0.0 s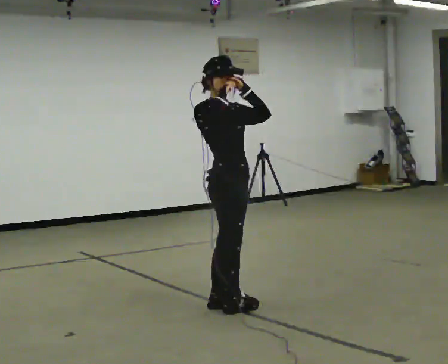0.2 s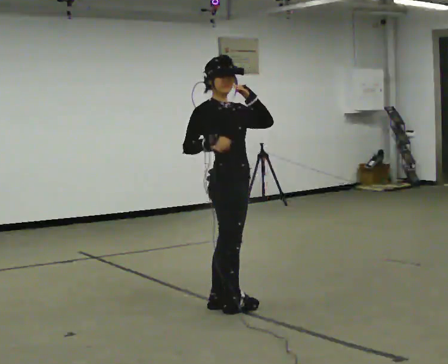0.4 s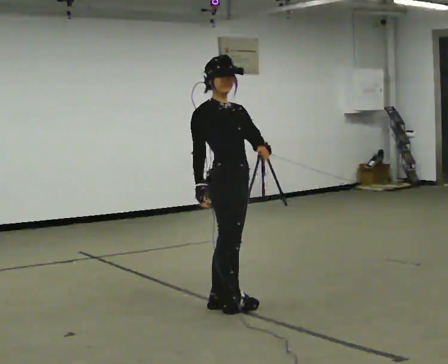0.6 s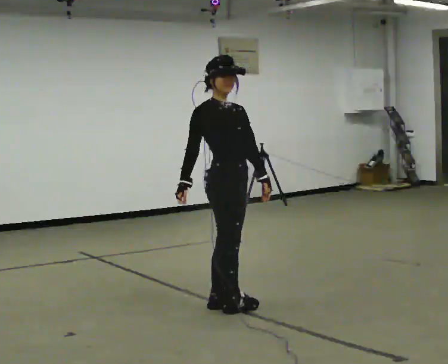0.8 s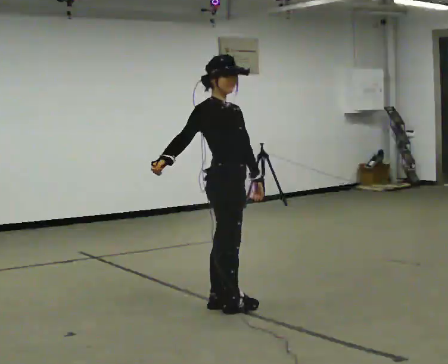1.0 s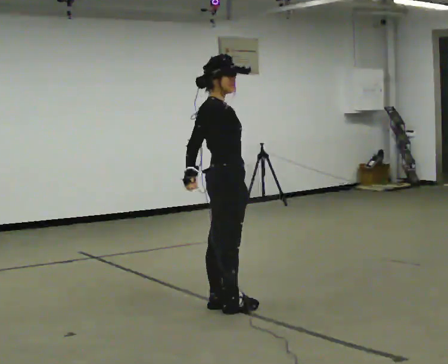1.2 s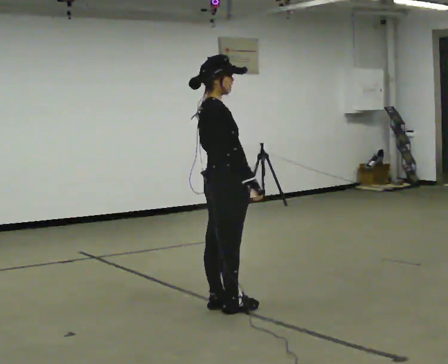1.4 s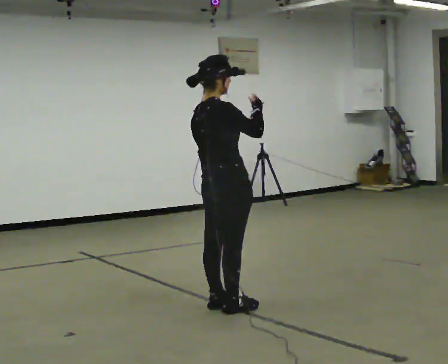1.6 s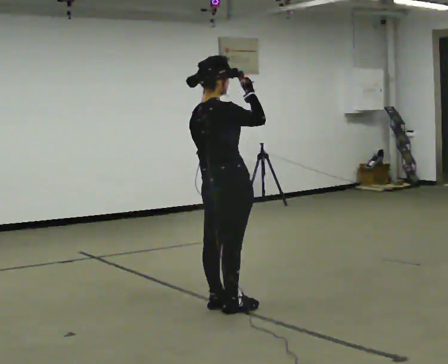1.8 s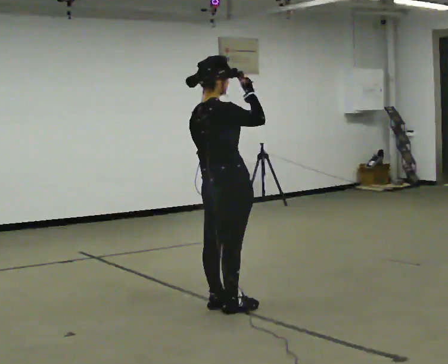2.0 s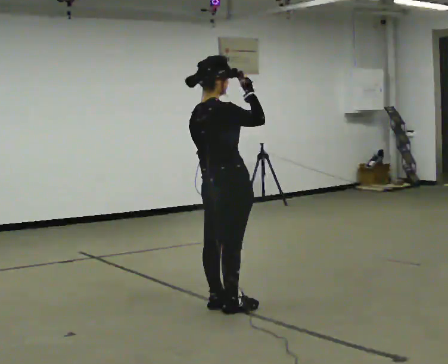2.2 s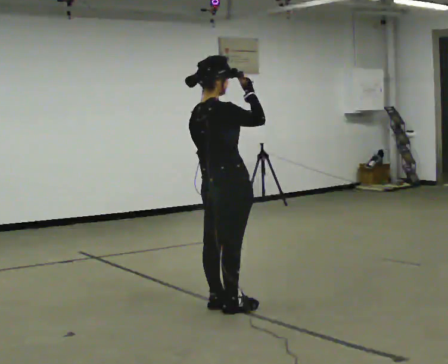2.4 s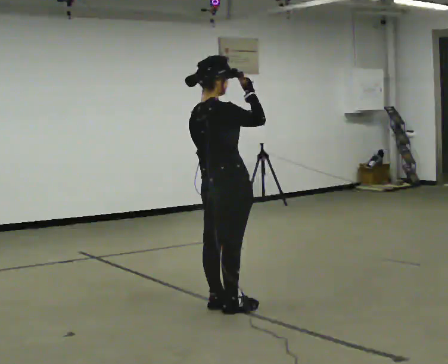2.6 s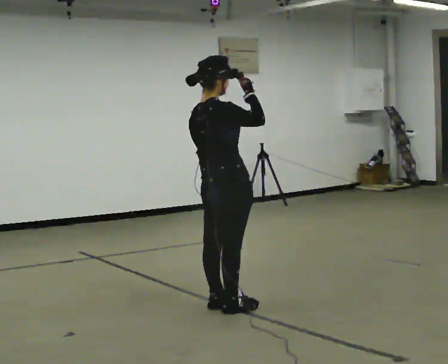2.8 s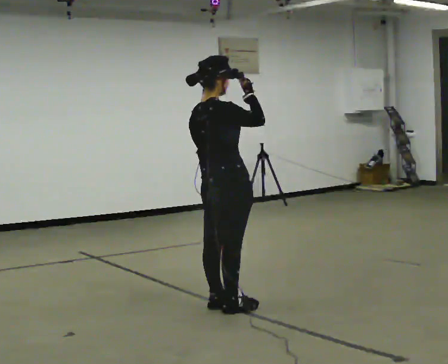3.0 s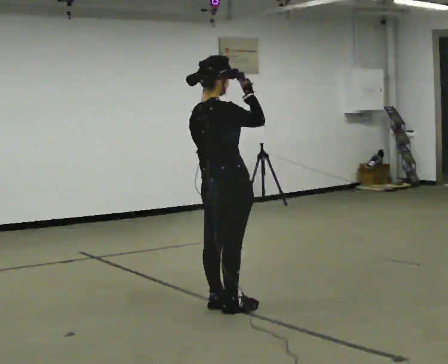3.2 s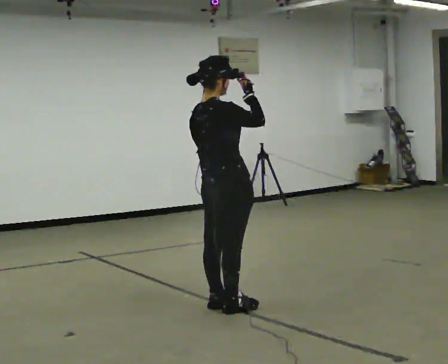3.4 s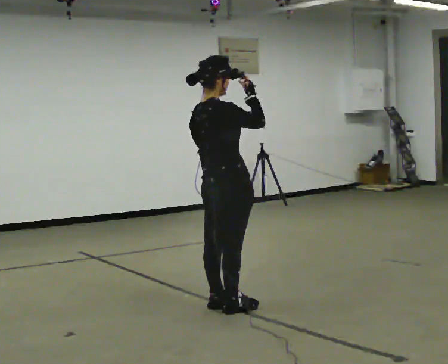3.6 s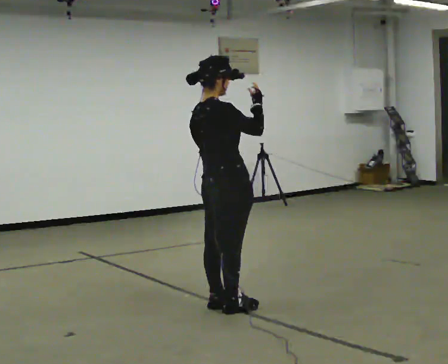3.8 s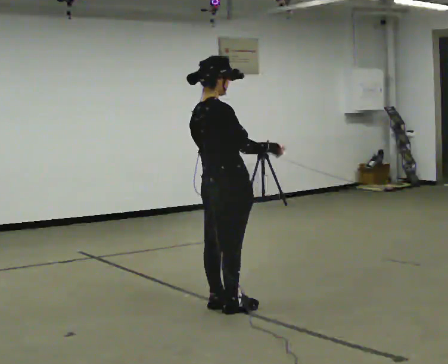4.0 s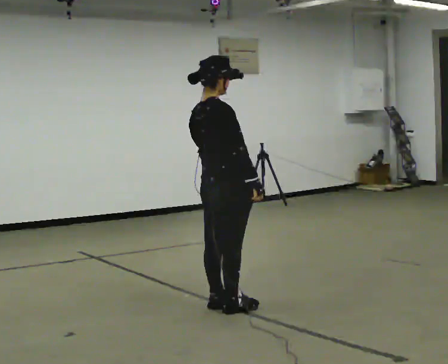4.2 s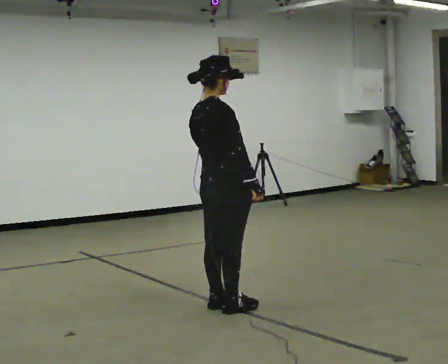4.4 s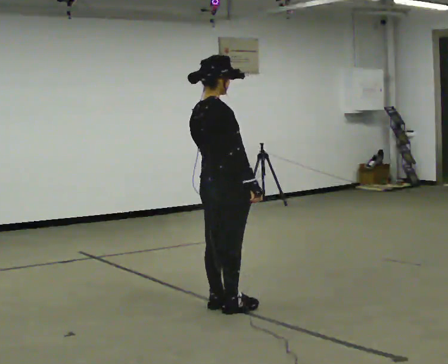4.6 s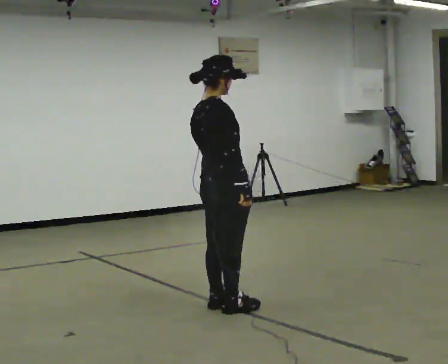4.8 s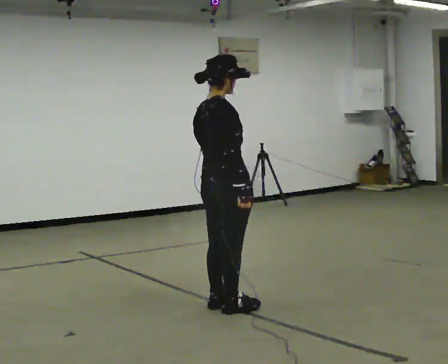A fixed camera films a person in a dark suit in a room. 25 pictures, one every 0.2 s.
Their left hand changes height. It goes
downward.
0.0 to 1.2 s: The part of the body nearest the lens slides to the right as the person turns to their left by about 30 degrees. In the picture their left hand goes downward.
1.2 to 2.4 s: Seen from above the body turns counterclockwise, about 30 degrees: to their left, with its near side sliding to the right. In the picture their right hand goes upward.
2.4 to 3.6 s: The person moves a little, or ends about where they began.
3.6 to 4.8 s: In the picture their right hand goes downward.
The film runs backward here.
